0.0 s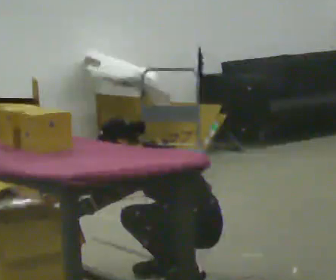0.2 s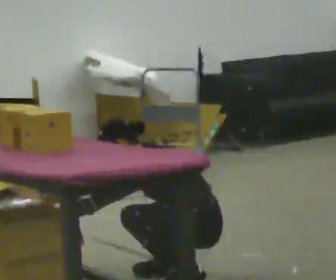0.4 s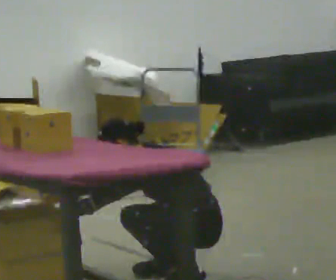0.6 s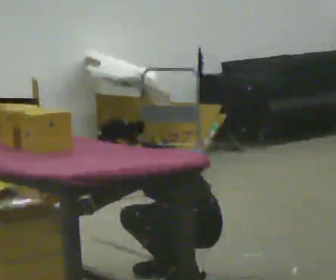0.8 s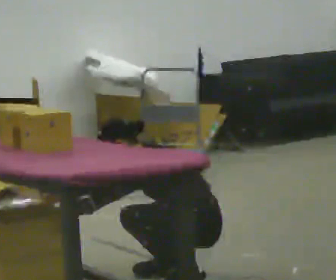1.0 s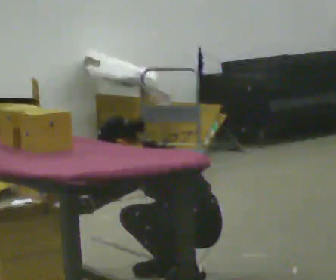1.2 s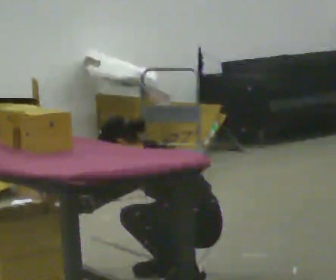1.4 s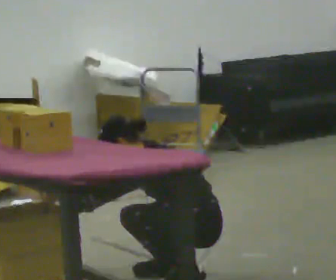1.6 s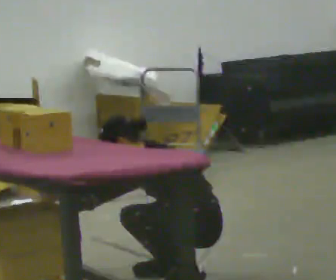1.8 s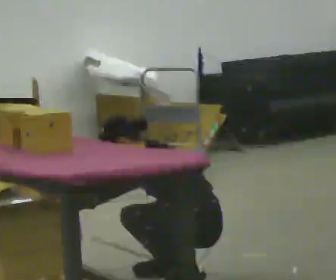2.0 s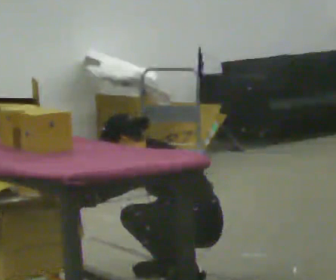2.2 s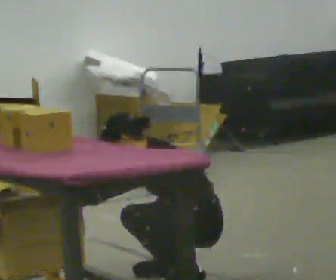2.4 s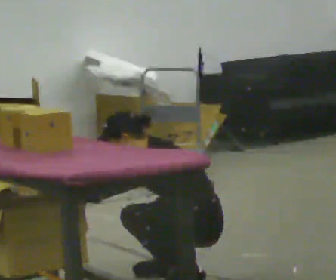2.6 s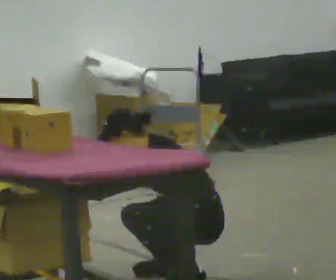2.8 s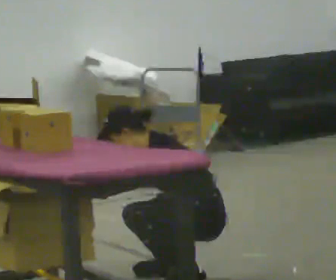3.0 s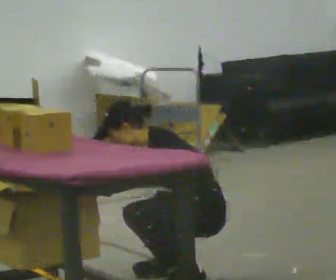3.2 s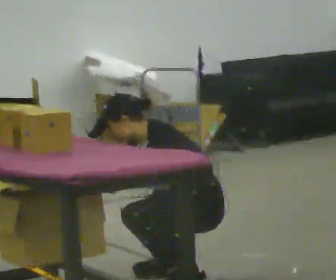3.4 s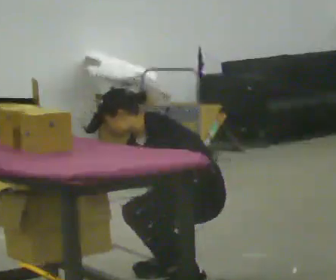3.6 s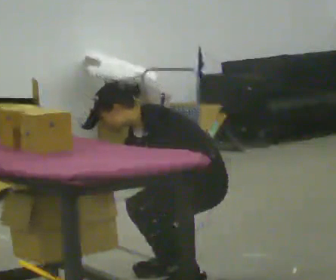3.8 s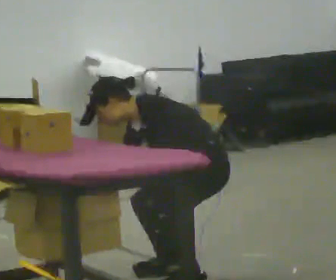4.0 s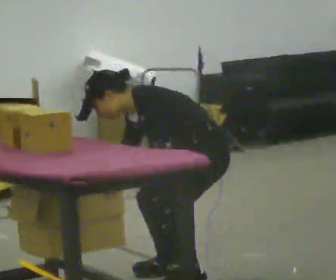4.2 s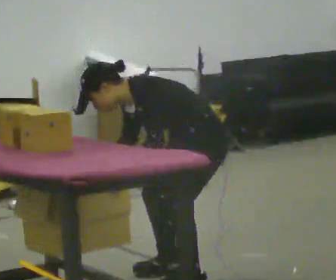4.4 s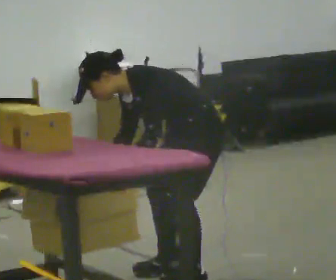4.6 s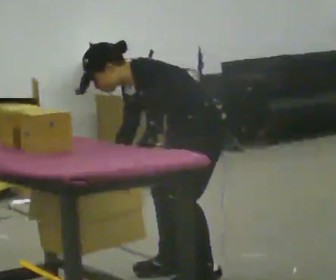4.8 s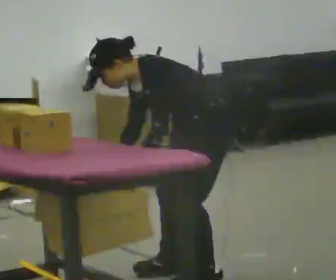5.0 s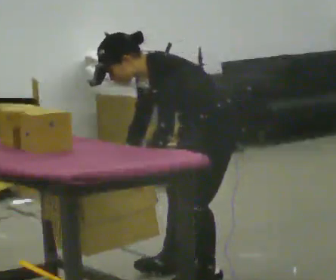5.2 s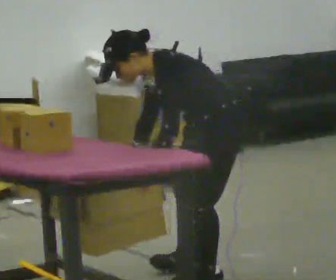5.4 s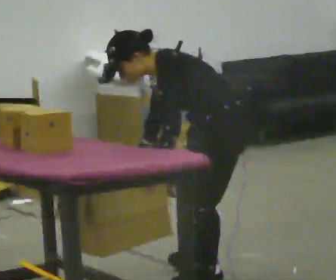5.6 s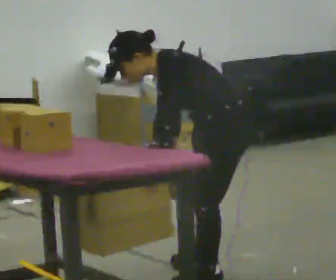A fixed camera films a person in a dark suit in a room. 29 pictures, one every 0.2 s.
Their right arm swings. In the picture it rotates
counterclockwise.
The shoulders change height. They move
upward.
0.0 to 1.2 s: The person keeps their place and pose.
1.2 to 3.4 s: The person moves a little, or ends about where they began.
3.4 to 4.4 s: The upper body goes upward. In the picture the upper body tilts counterclockwise, shoulders to the left, as they bend forward.
4.4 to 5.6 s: In the picture they go toward the camera, about 0.25 m, which for them is to their left.
The film runs backward here.
